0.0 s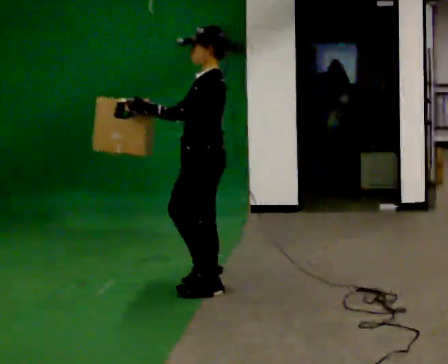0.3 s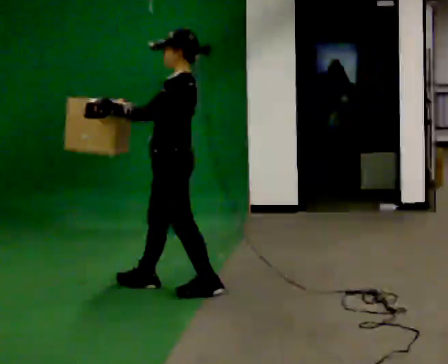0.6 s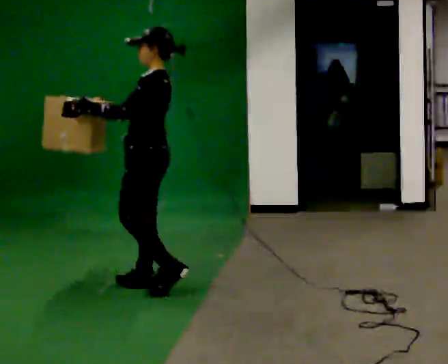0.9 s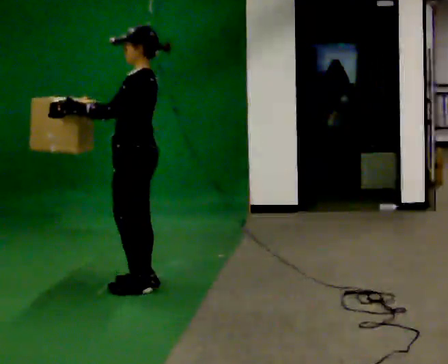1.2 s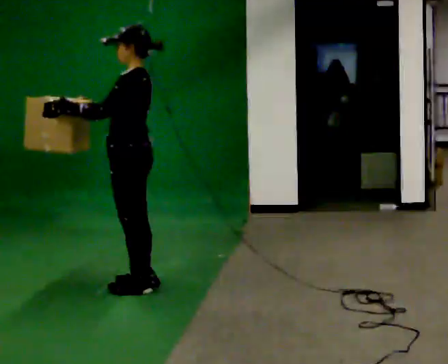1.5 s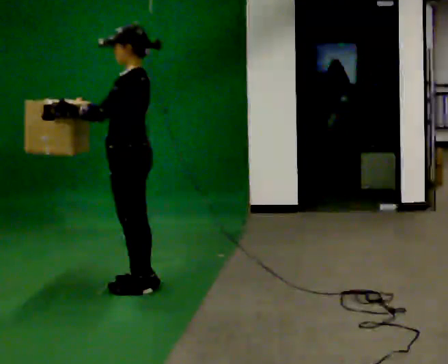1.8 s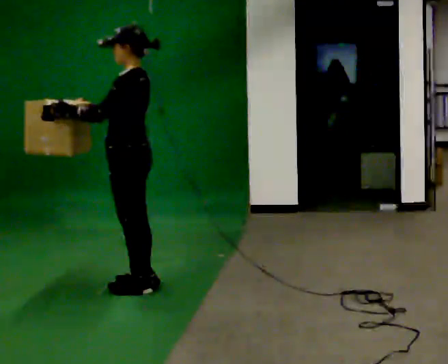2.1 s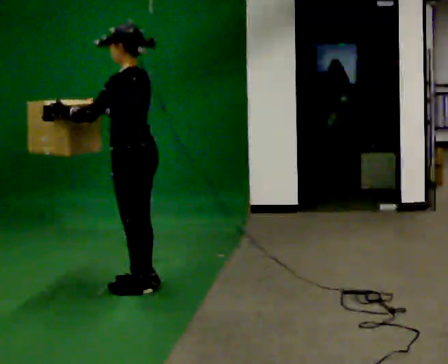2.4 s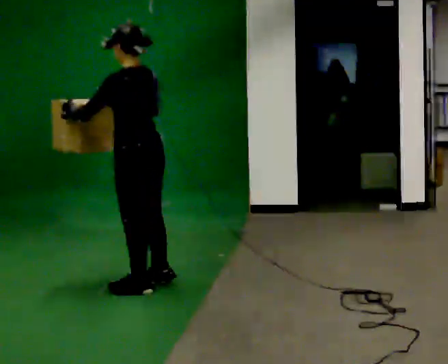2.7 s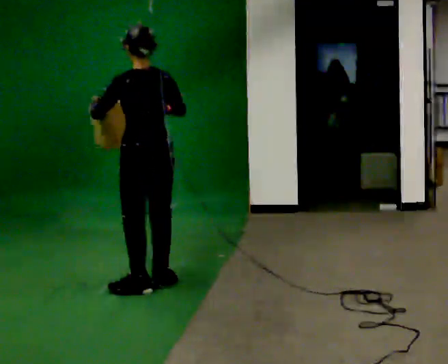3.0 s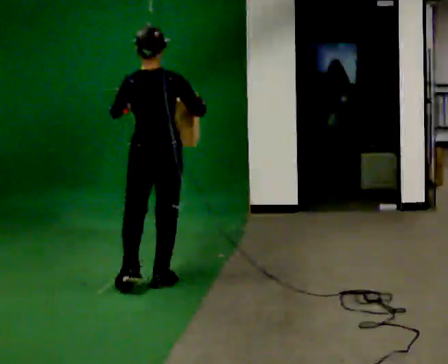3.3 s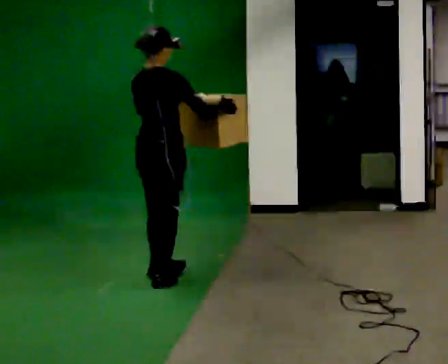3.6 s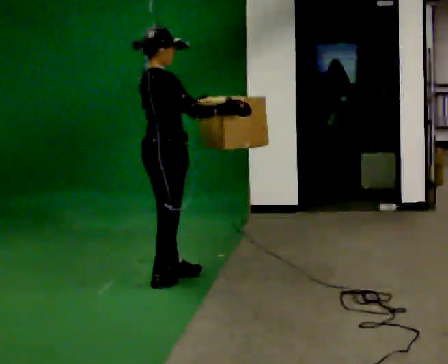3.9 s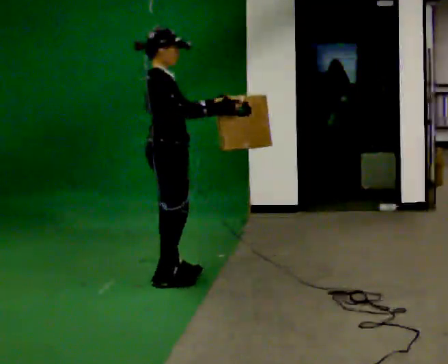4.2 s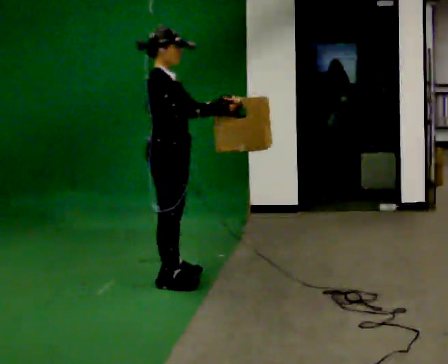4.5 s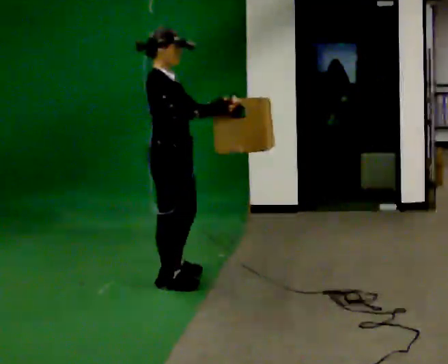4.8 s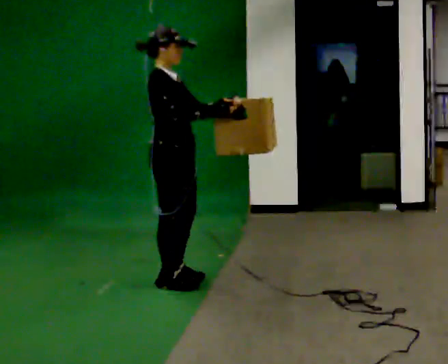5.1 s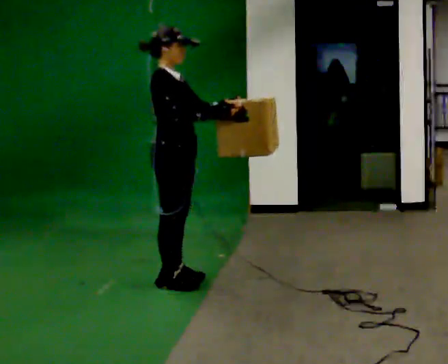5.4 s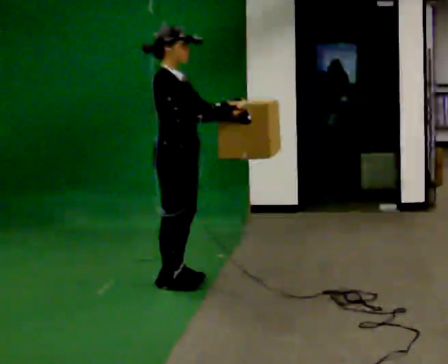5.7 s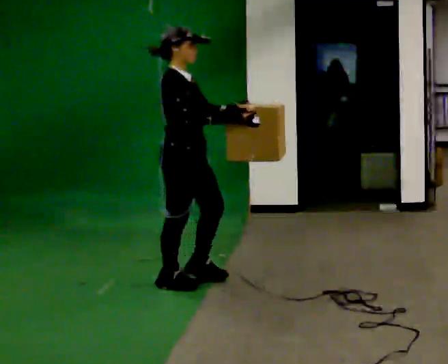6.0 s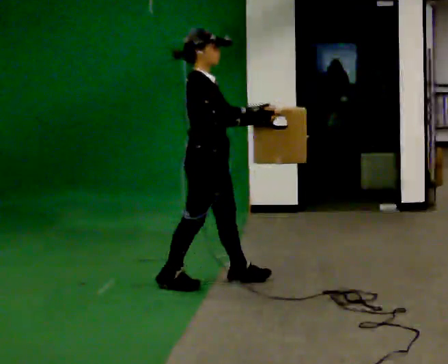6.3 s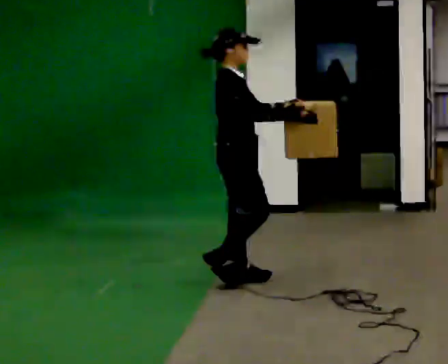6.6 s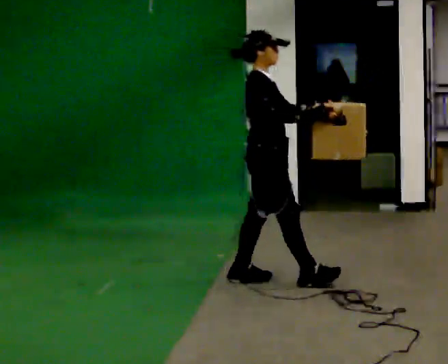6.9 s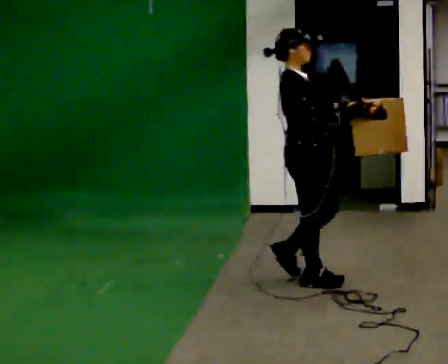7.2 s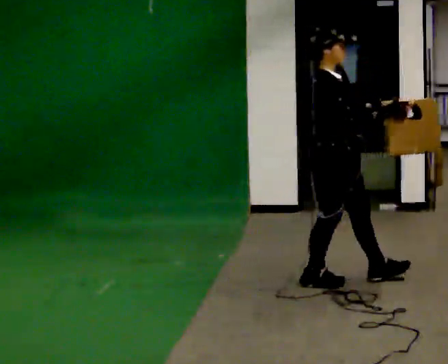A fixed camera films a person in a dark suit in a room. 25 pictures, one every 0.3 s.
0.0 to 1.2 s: In the picture they go to the left, about 0.5 m in 2 steps, which for them is forward.
1.2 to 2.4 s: The part of the body nearest the lens slides to the left as the person turns to their right by about 45 degrees.
2.4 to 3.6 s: The part of the body nearest the lens slides to the left as the person turns to their right by about 120 degrees. In the picture they go away from the camera, about 0.25 m in 1 step.
3.6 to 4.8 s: The person turns about 30 degrees to their right, clockwise seen from above, so the part of the body nearest the lens slides to the left.
4.8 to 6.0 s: In the picture they go to the right, about 0.25 m in 1 step, which for them is forward.
6.0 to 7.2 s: In the picture they go to the right, about 1 m in 2 steps, which for them is forward.
The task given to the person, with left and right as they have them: Carry the box in both hands and walk back and forth across the room. The contents may move around. Carry on as best you can.
The film runs forward here.
